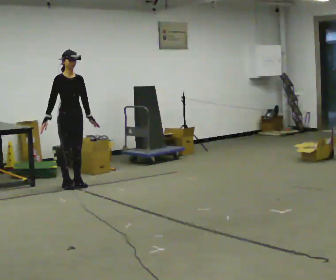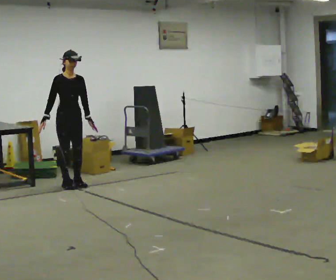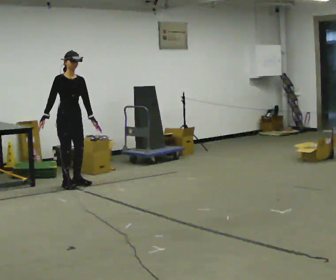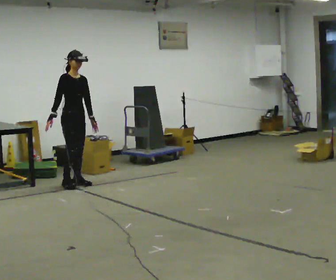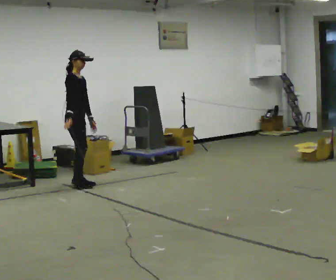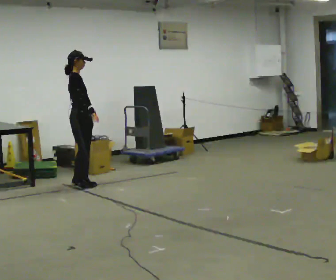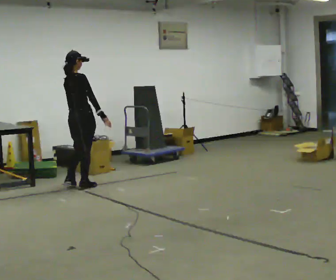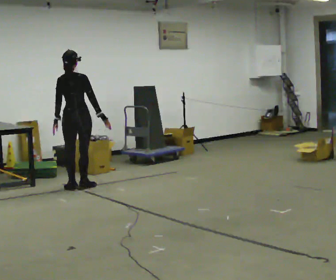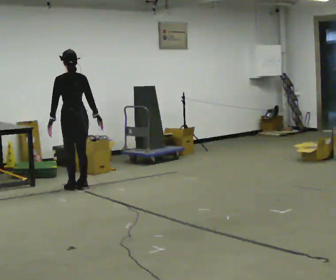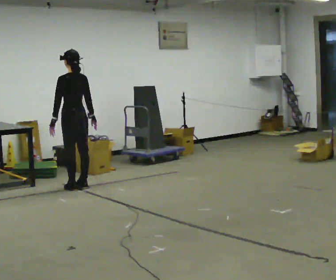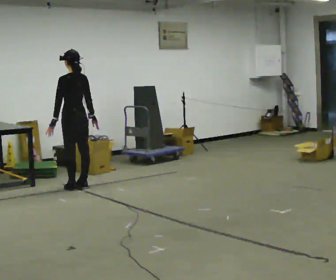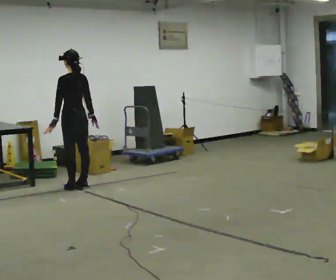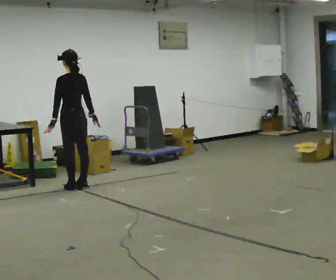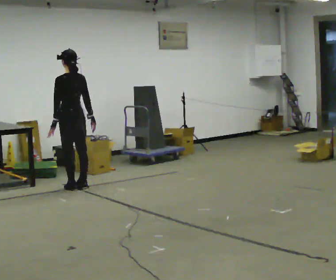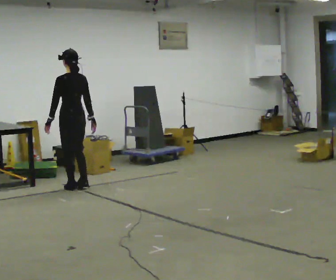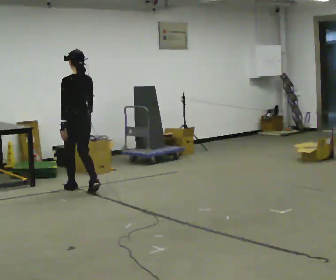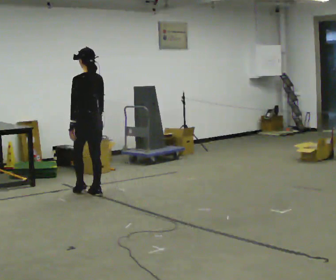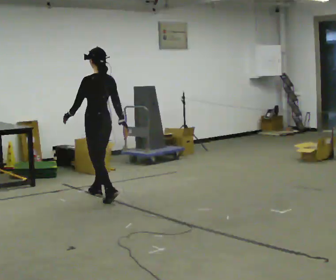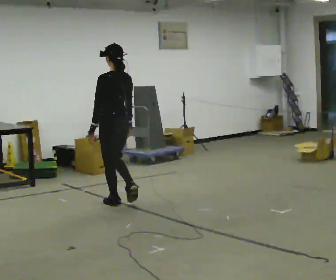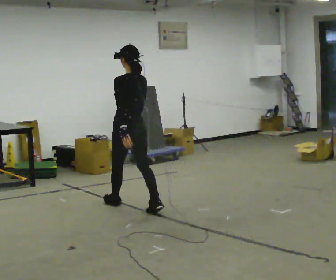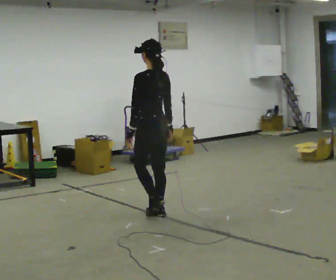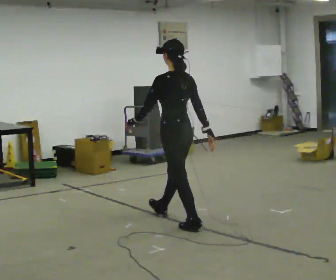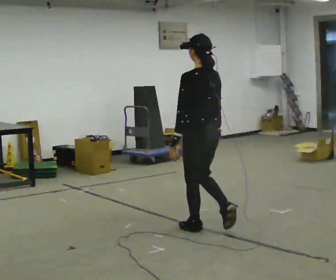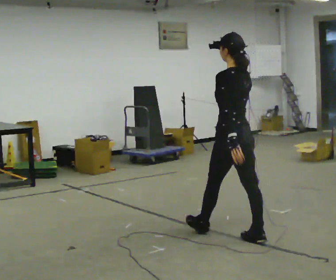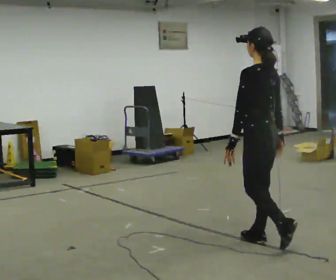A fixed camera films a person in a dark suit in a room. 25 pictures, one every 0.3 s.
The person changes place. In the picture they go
toward the camera.
0.0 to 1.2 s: The part of the body nearest the lens slides to the right as the person turns to their left by about 30 degrees.
1.2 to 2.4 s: The person turns about 120 degrees to their left, counterclockwise seen from above, so the part of the body nearest the lens slides to the right. In the picture they go toward the camera, about 0.25 m in 1 step. In the picture their right hand goes to the right, the arm swinging counterclockwise.
2.4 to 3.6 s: Seen from above the body turns counterclockwise, about 30 degrees: to their left, with its near side sliding to the right.
3.6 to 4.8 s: In the picture they go toward the camera and to the right, about 0.25 m in 2 steps, which for them is backward.
4.8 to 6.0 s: In the picture they go toward the camera and to the right, about 1 m in 2 steps, which for them is backward.
6.0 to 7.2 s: In the picture they go toward the camera and to the right, about 1.5 m in 2 steps, which for them is backward.
The film runs backward here.
